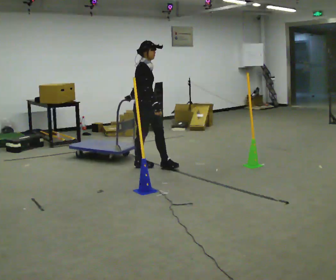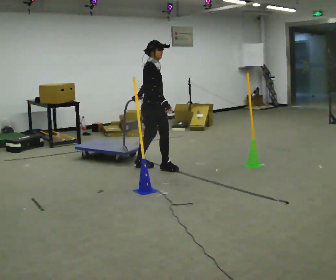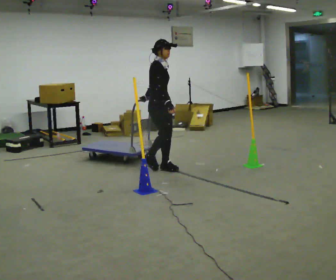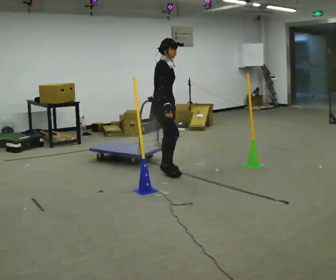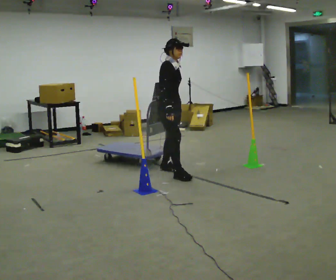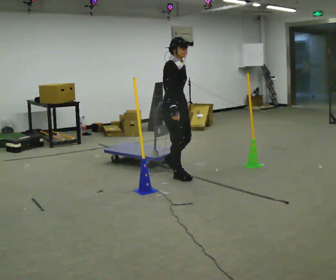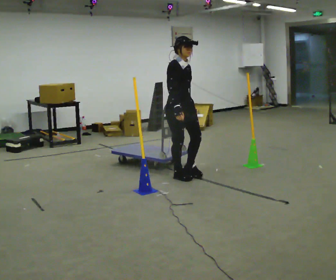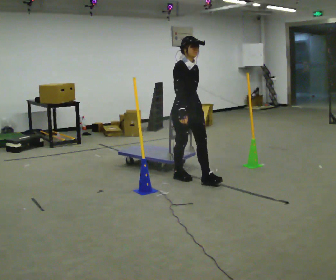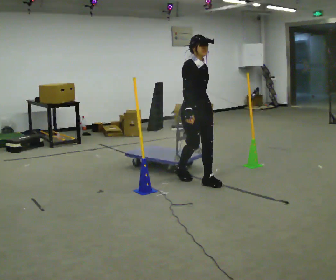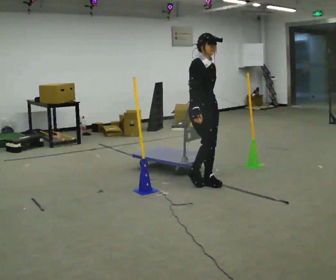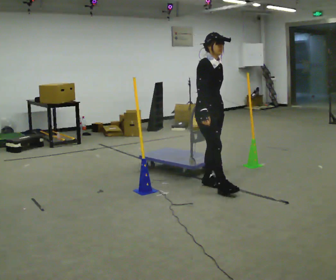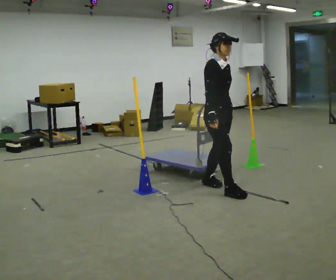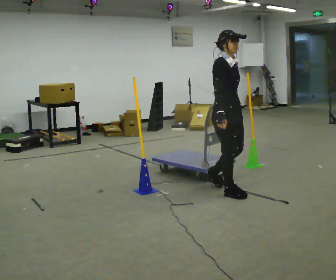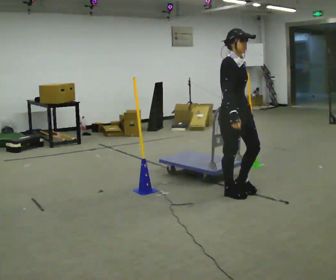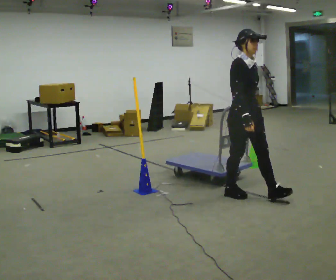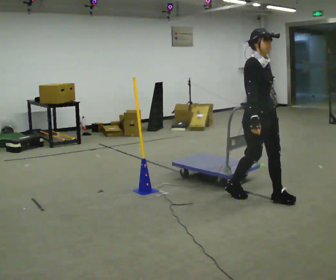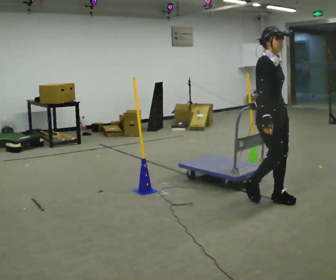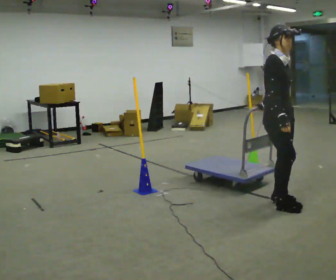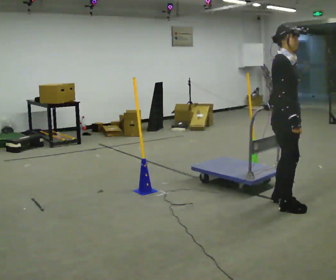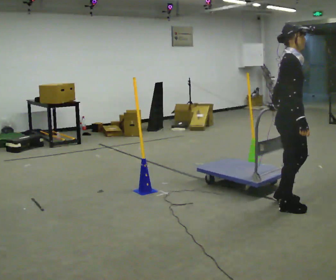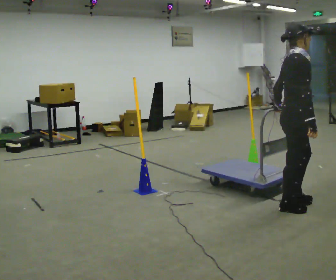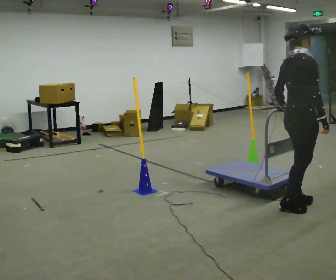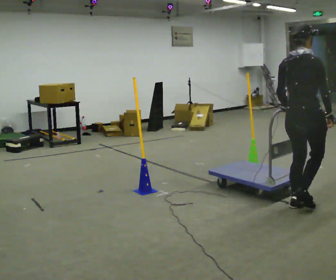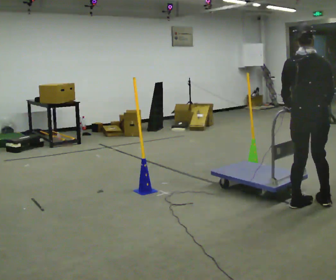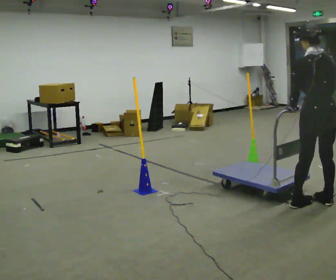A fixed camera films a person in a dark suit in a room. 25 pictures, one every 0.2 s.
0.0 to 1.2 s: Seen from above the body turns clockwise, about 30 degrees: to their right, with its near side sliding to the left. In the picture they go to the right and toward the camera, about 0.75 m in 2 steps, which for them is forward and to their right.
1.2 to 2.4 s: In the picture they go toward the camera and to the right, about 0.5 m in 2 steps, which for them is forward.
2.4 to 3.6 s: In the picture they go to the right and toward the camera, about 0.75 m in 2 steps, which for them is forward.
3.6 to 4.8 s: The part of the body nearest the lens slides to the right as the person turns to their left by about 135 degrees. In the picture they go to the right, about 0.25 m in 2 steps.
The film runs forward here.
